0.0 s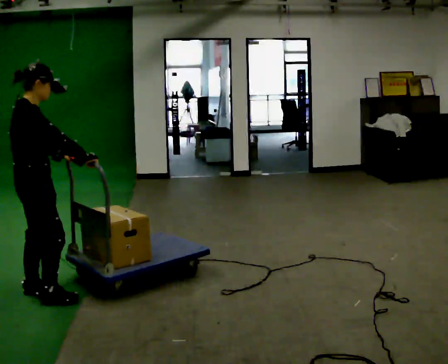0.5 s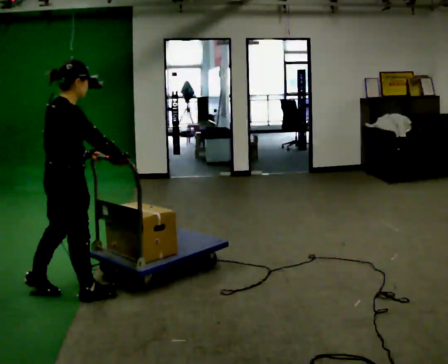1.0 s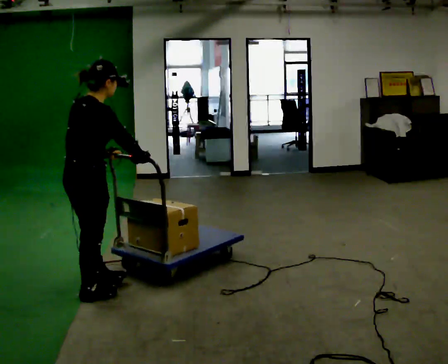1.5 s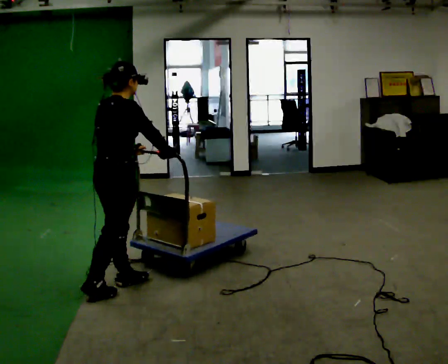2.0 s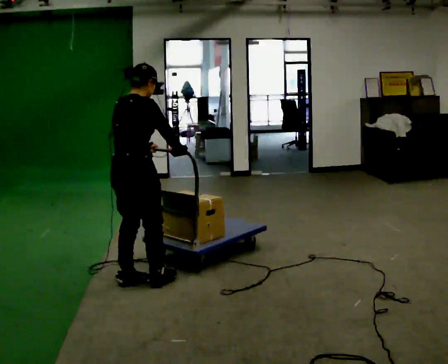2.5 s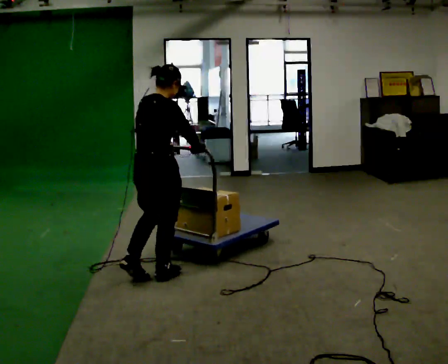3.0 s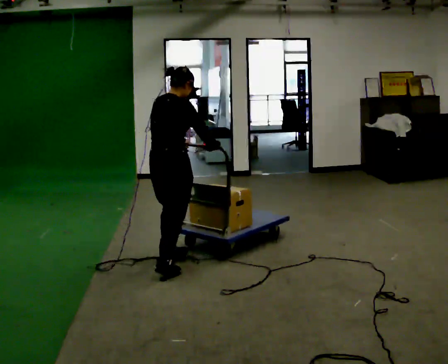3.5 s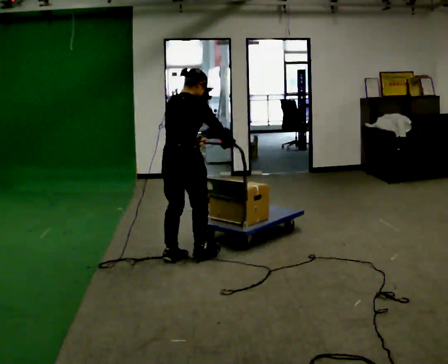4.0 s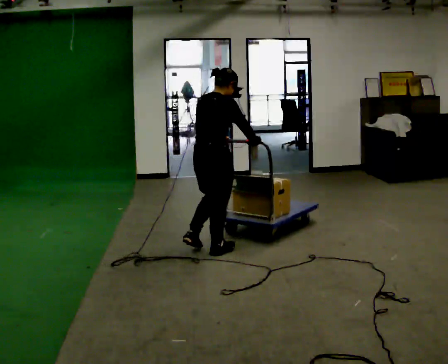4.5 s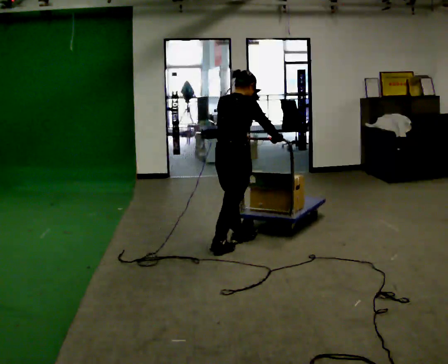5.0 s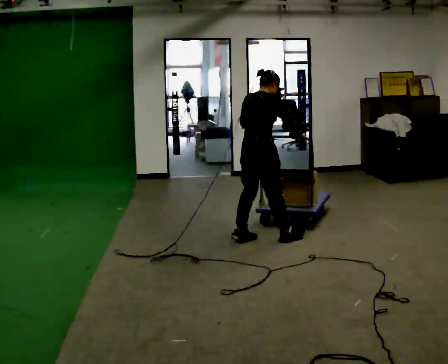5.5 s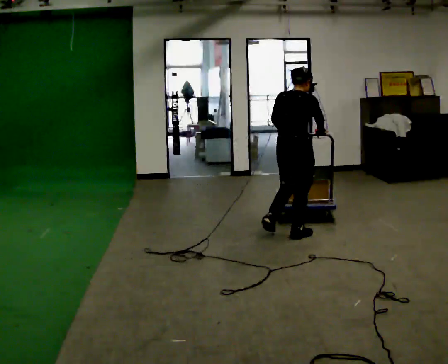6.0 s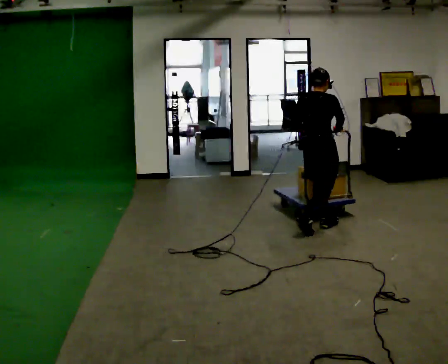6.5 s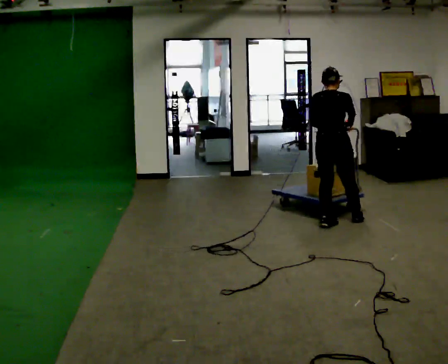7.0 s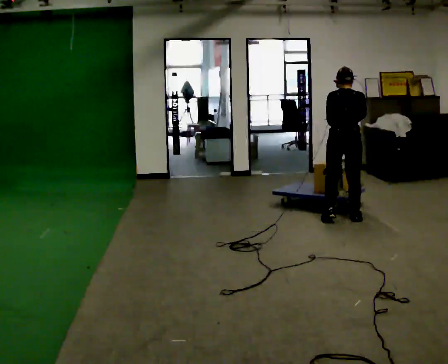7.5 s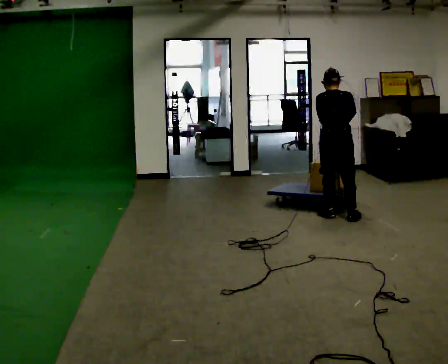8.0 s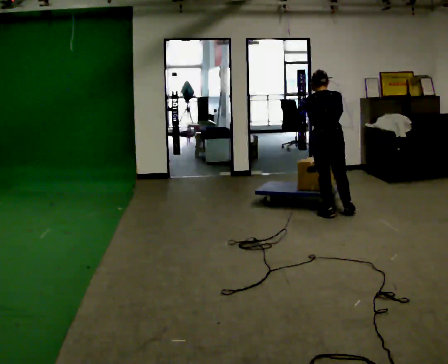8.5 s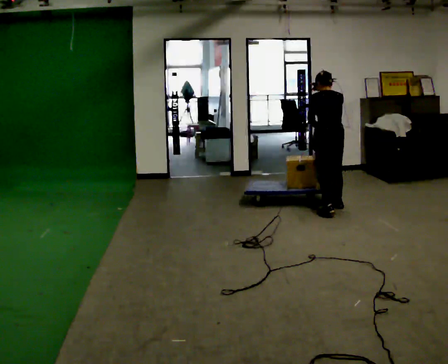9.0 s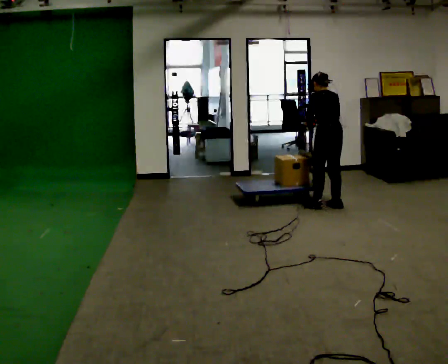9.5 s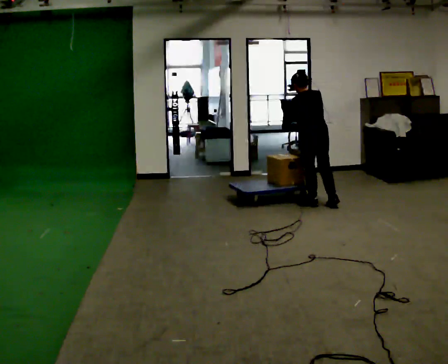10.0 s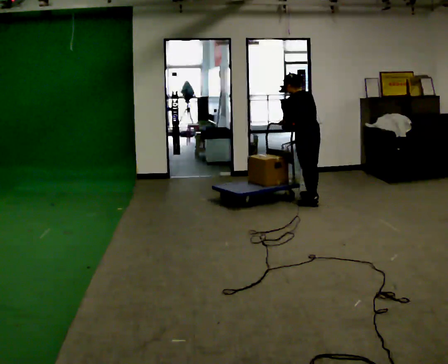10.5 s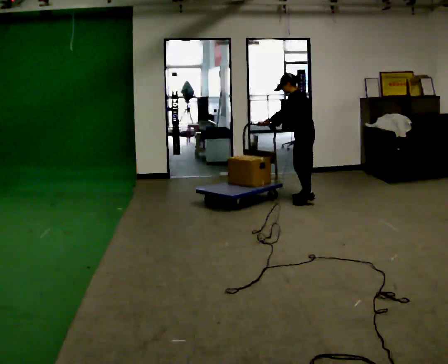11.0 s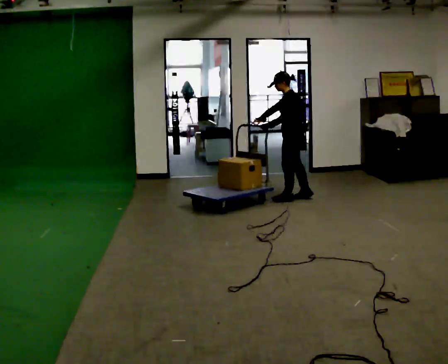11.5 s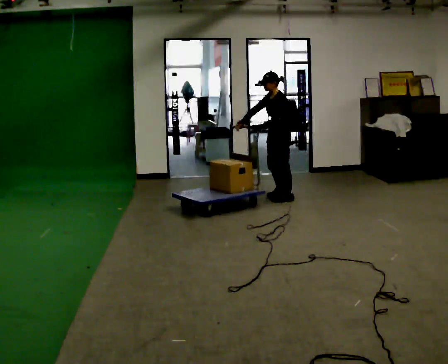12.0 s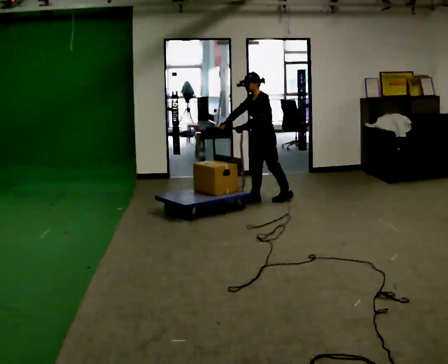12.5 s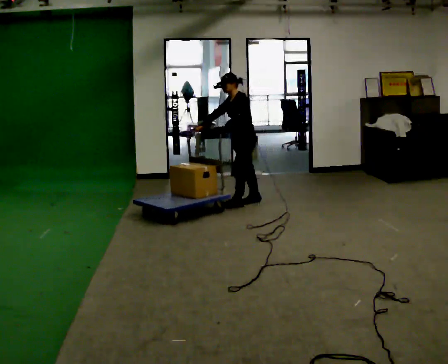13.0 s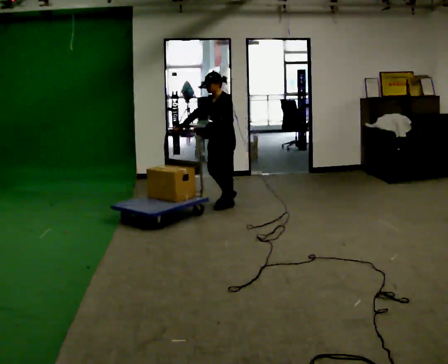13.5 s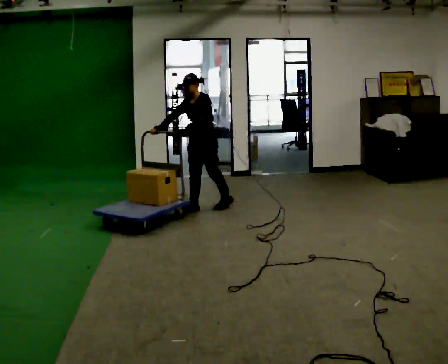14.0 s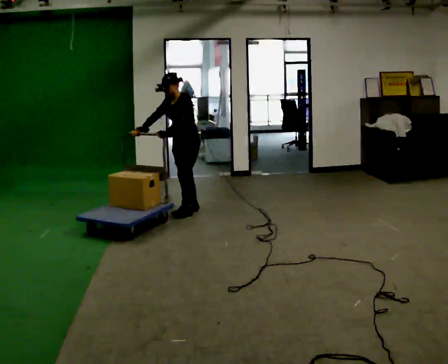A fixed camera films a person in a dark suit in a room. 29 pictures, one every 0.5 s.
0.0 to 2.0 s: In the picture they go to the right and away from the camera, about 0.75 m in 2 steps, which for them is forward.
2.0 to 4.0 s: In the picture they go away from the camera and to the right, about 1 m in 3 steps, which for them is forward.
4.0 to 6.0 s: In the picture they go away from the camera and to the right, about 1 m in 3 steps, which for them is forward.
6.0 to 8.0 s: Seen from above the body turns counterclockwise, about 45 degrees: to their left, with its near side sliding to the right. In the picture they go away from the camera, about 0.5 m in 2 steps, which for them is forward.
8.0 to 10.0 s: Seen from above the body turns counterclockwise, about 45 degrees: to their left, with its near side sliding to the right. In the picture they go away from the camera and to the left, about 0.5 m in 2 steps, which for them is forward and to their right.
10.0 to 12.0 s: Seen from above the body turns counterclockwise, about 75 degrees: to their left, with its near side sliding to the right. In the picture they go to the left, about 0.5 m in 3 steps.
12.0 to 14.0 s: In the picture they go to the left and toward the camera, about 1 m in 2 steps, which for them is forward.
The film runs forward here.
